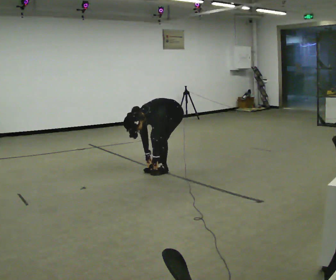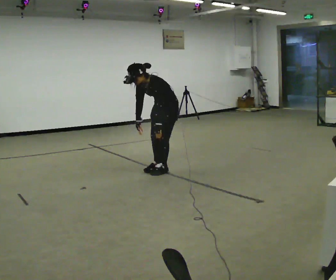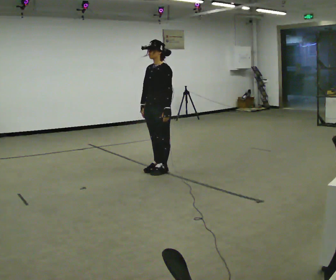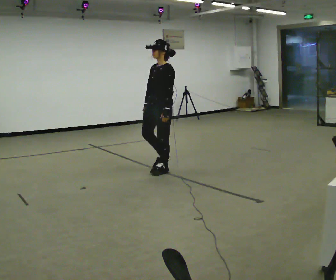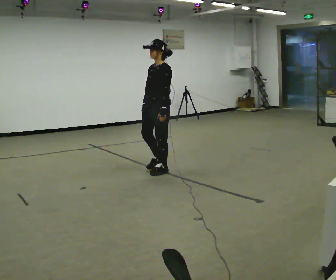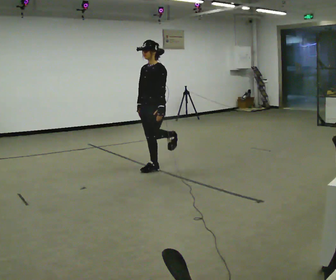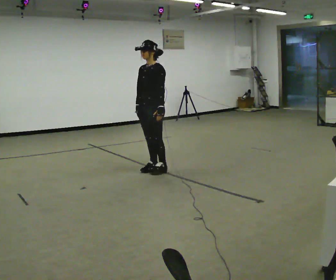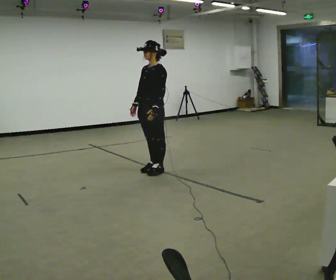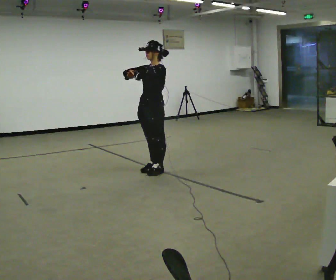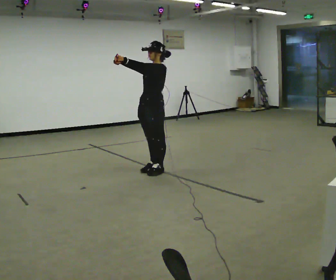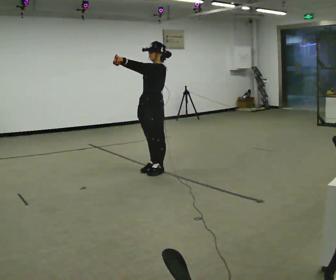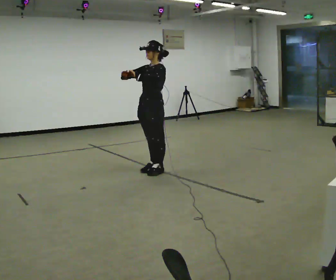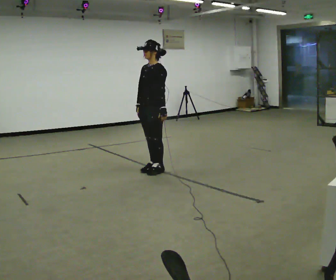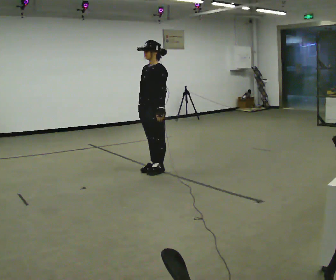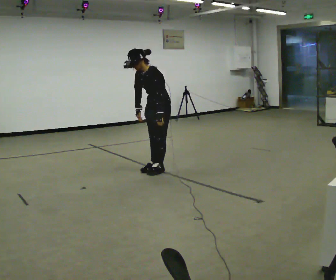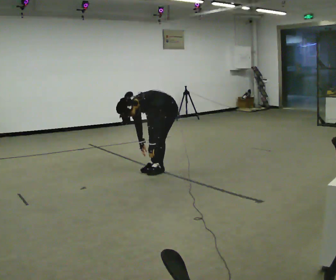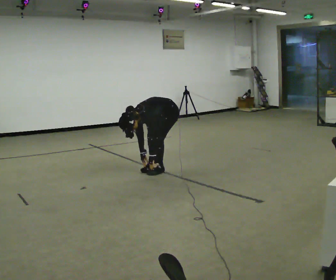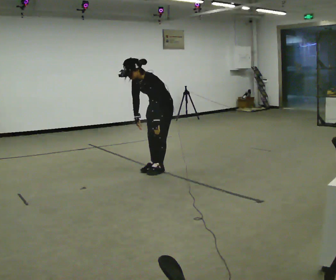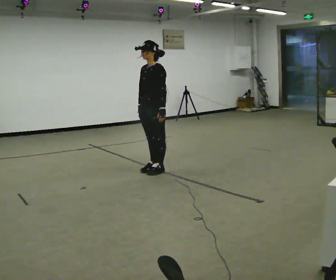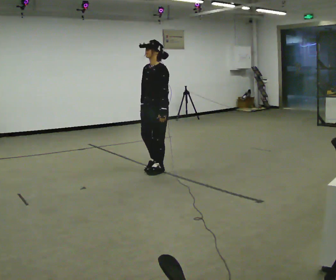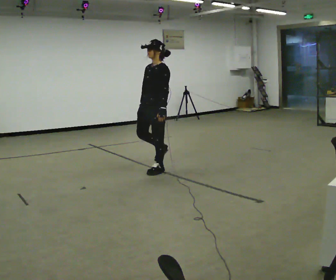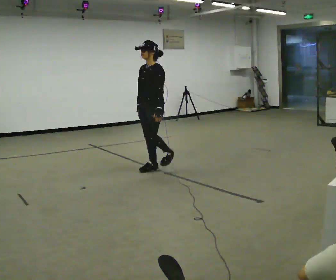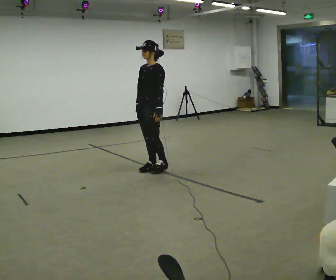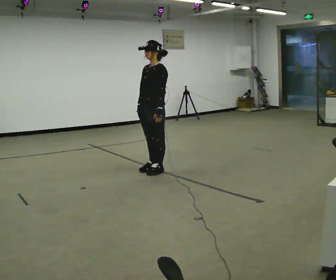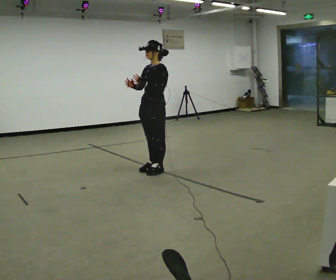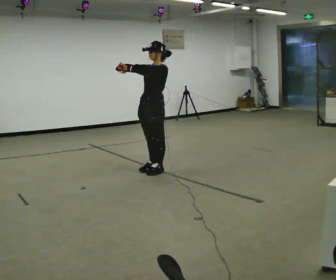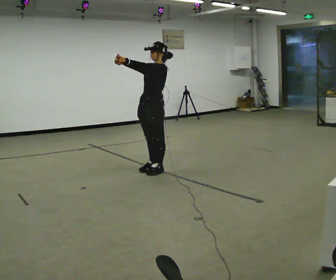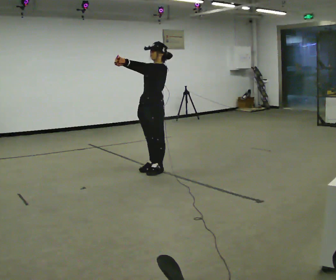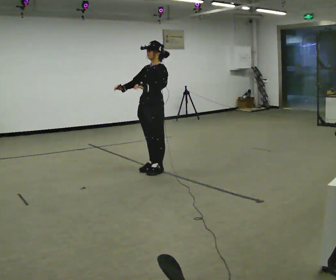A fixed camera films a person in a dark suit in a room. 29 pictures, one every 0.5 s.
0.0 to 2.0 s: The upper body goes upward. In the picture the upper body tilts clockwise, shoulders to the right, as they lean back or straighten. In the picture their right hand goes upward.
2.0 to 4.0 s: In the picture their right hand goes upward.
4.0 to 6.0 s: In the picture their left hand goes downward.
6.0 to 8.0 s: In the picture they go to the right, about 0.25 m, which for them is backward. The upper body goes downward. In the picture the upper body tilts counterclockwise, shoulders to the left, as they bend forward. In the picture their right hand goes downward.
8.0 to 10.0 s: The shoulders move upward. In the picture the upper body tilts clockwise, shoulders to the right, as they lean back or straighten. In the picture their right hand goes upward.
10.0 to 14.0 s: The person moves a little, or ends about where they began.
The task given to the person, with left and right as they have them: Work through the stretches in order, holding each one briefly: touch your toes, pull each heel up behind you, stretch each arm across your chest, and stretch each calf. Stay in one place throughout.
The film runs forward here.
